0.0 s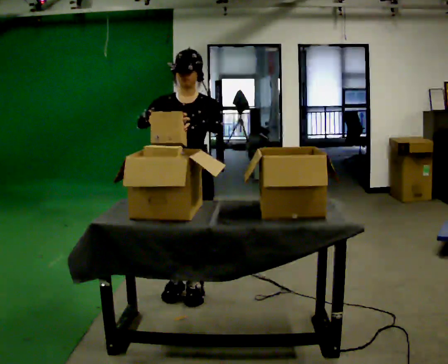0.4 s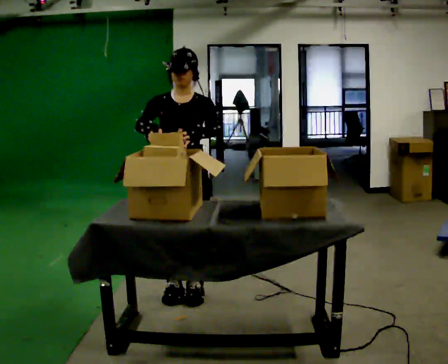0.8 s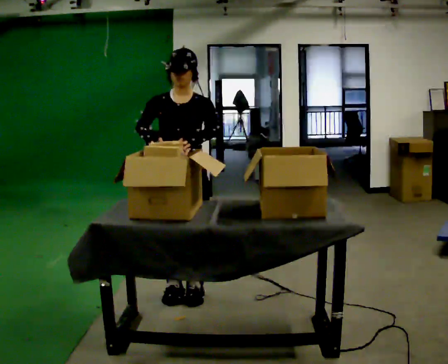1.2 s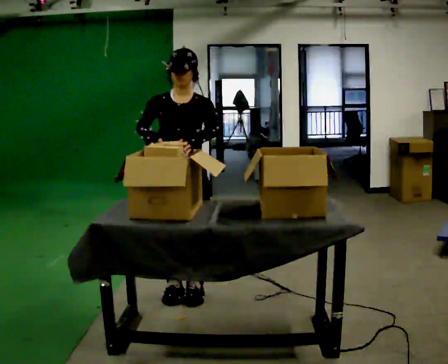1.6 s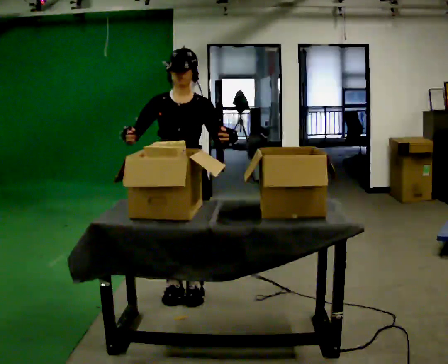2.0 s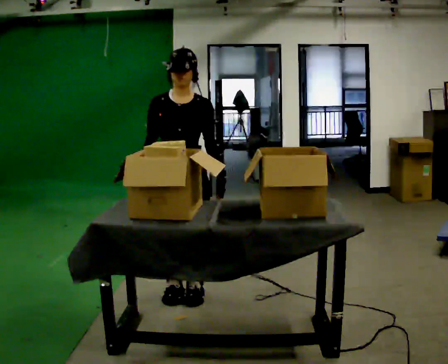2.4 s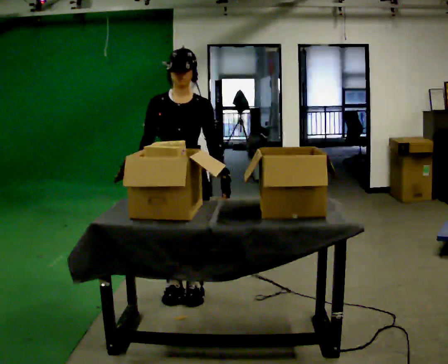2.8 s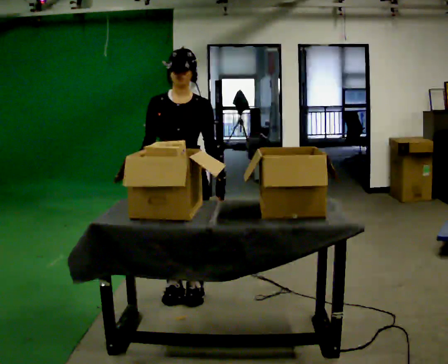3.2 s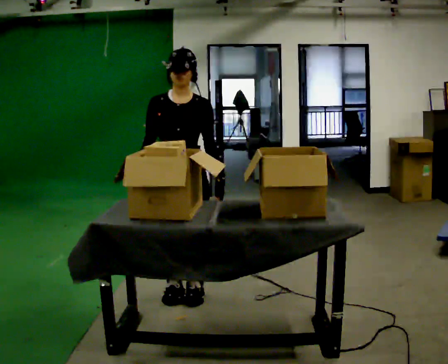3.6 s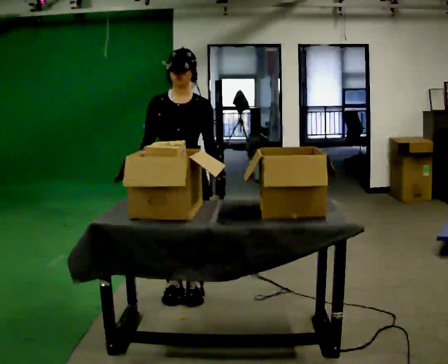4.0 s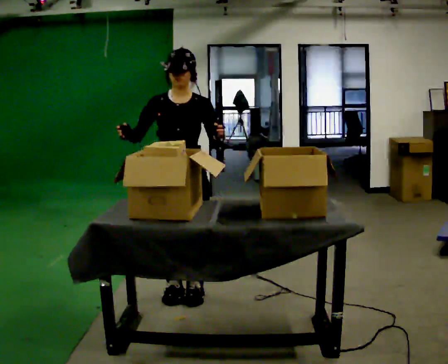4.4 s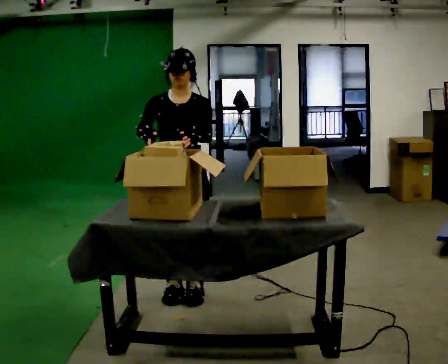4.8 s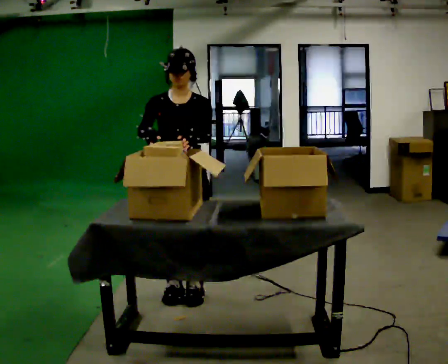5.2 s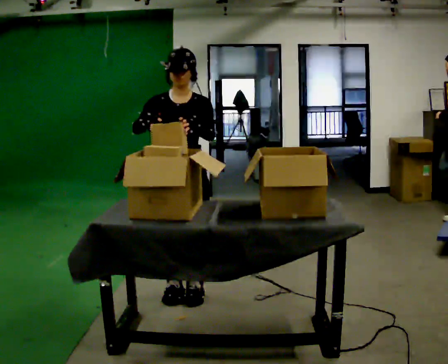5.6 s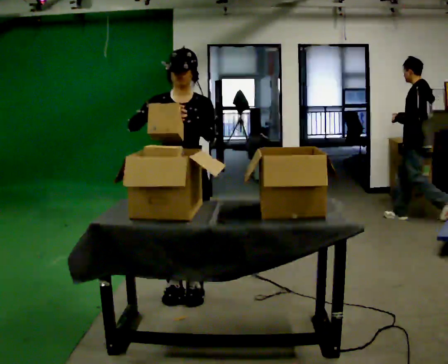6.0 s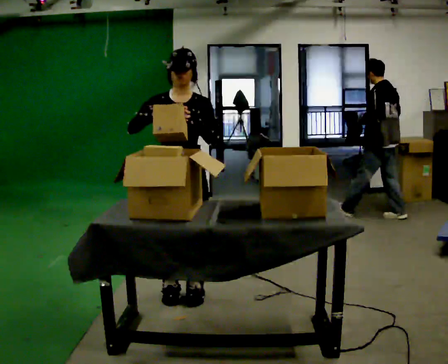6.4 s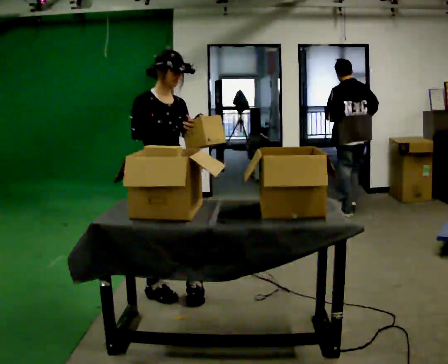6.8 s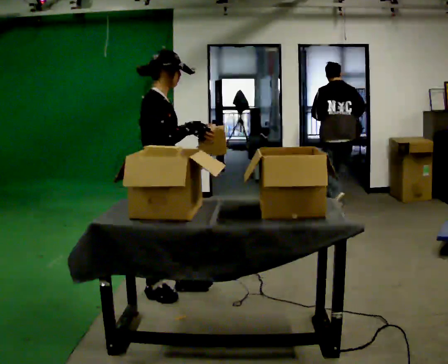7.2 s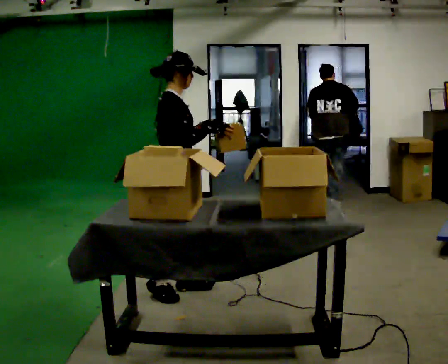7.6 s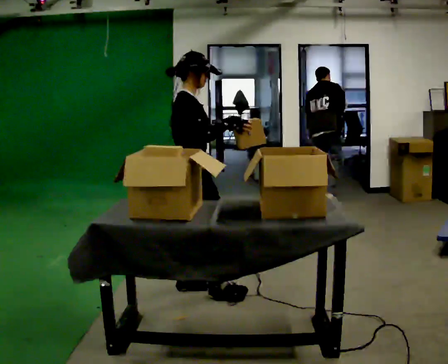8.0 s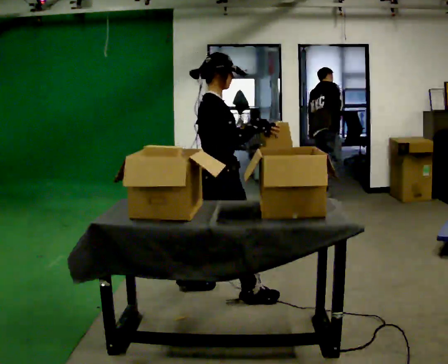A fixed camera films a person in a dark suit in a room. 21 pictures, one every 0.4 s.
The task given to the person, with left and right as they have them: Move the items from one container to the other one at a time, then move them back. Repeat at your own pace until the operator says stop. Keep both feet on the marked spots for the whole take. If you have to step, stop and tell the operator.
0.0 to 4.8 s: The person moves a little, or ends about where they began.
4.8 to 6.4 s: The person turns about 45 degrees to their left, counterclockwise seen from above, so the part of the body nearest the lens slides to the right.
6.4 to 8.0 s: Seen from above the body turns counterclockwise, about 60 degrees: to their left, with its near side sliding to the right. In the picture they go to the right, about 0.25 m in 1 step, which for them is forward.
The film runs forward here.
